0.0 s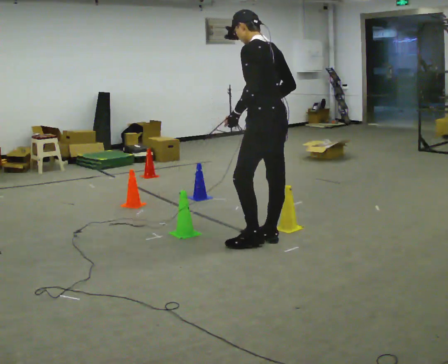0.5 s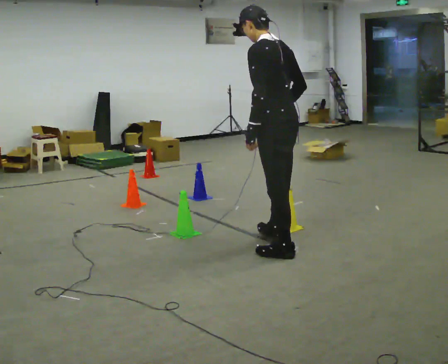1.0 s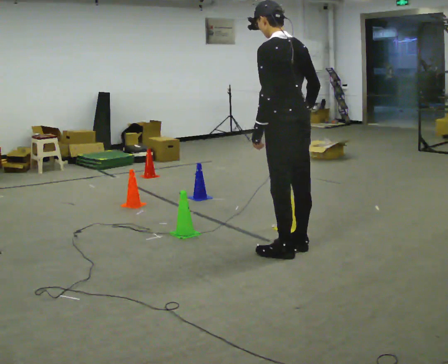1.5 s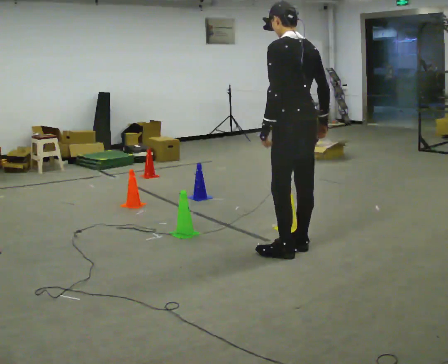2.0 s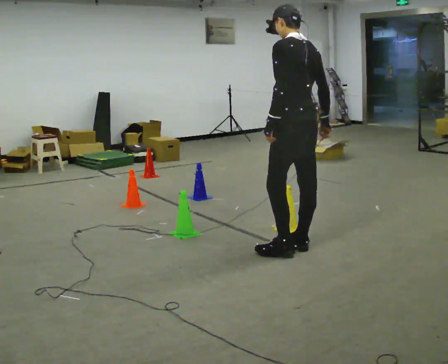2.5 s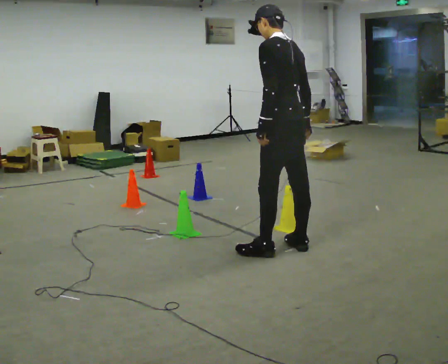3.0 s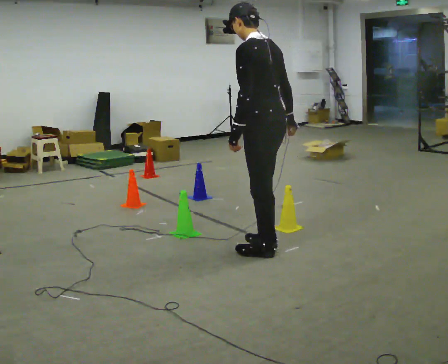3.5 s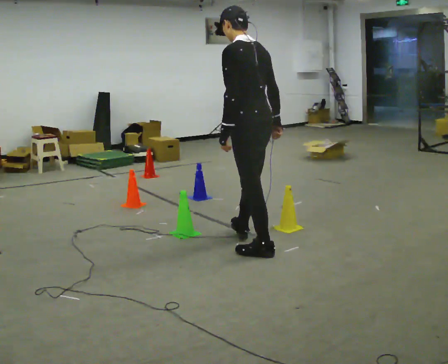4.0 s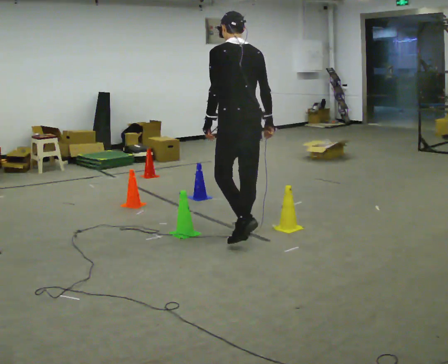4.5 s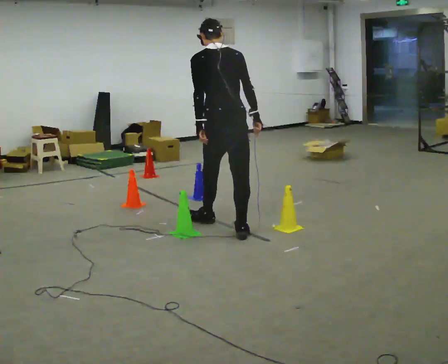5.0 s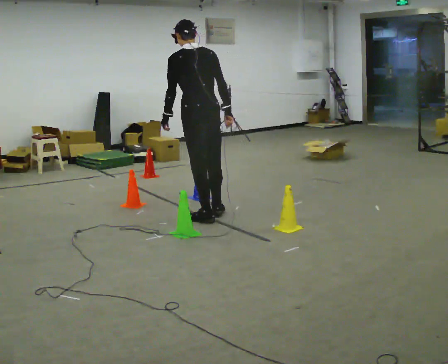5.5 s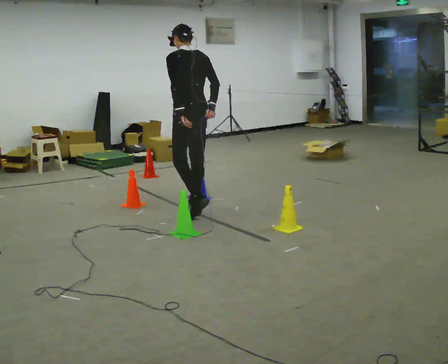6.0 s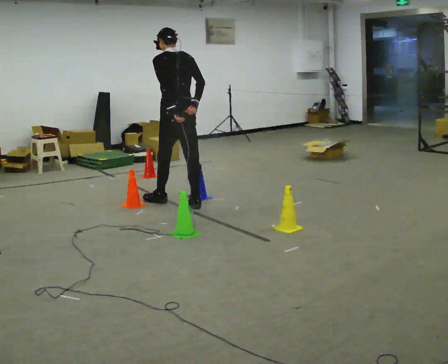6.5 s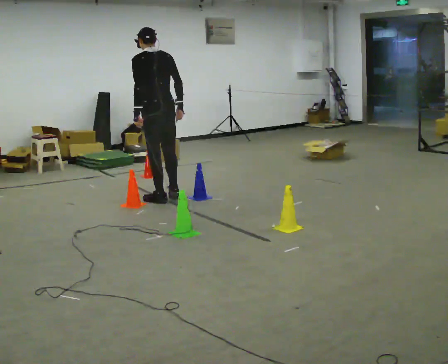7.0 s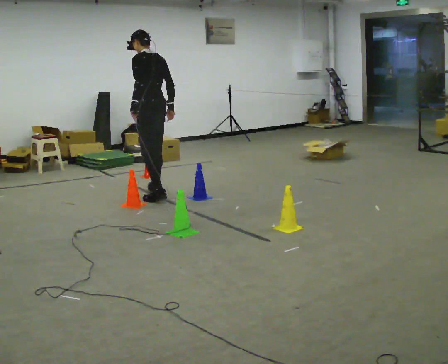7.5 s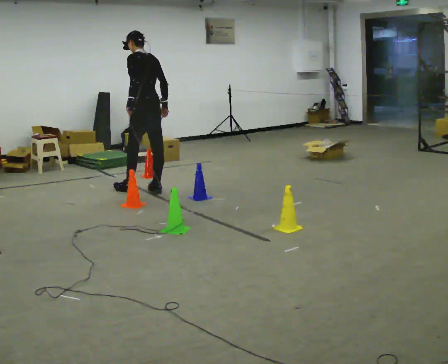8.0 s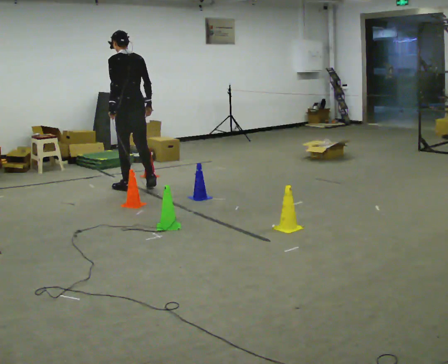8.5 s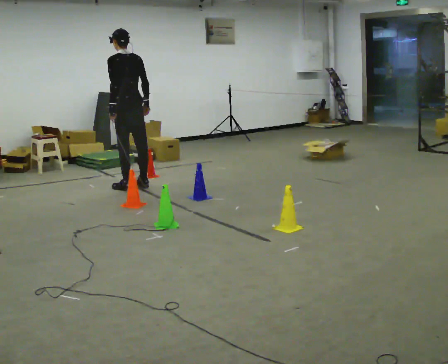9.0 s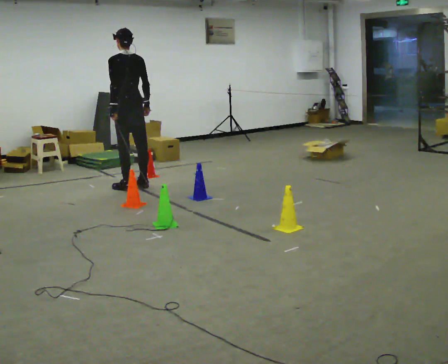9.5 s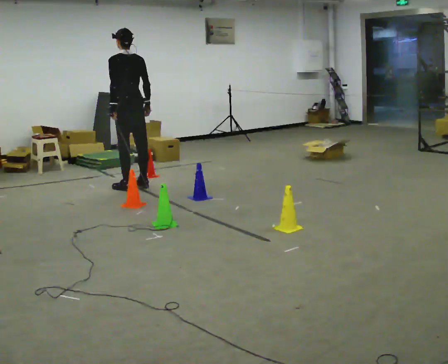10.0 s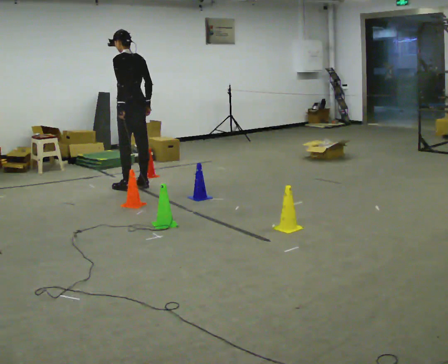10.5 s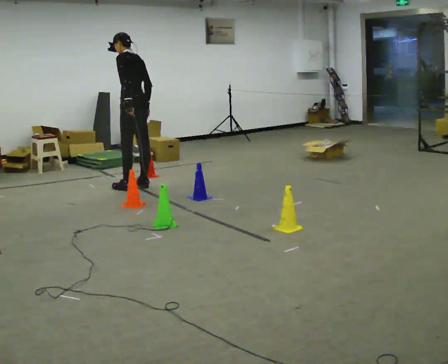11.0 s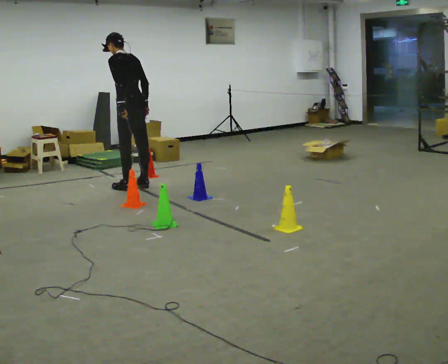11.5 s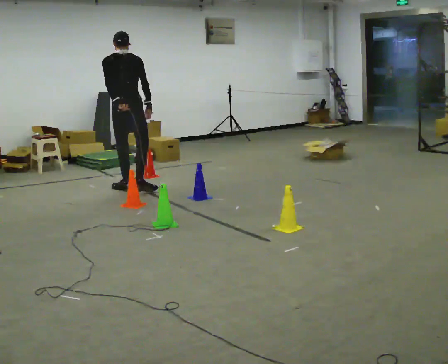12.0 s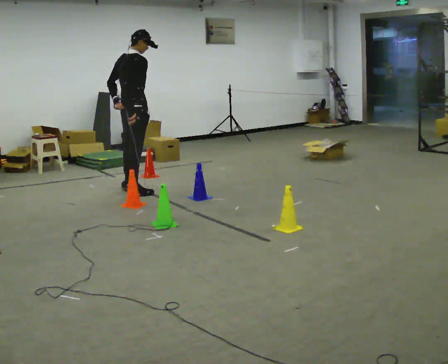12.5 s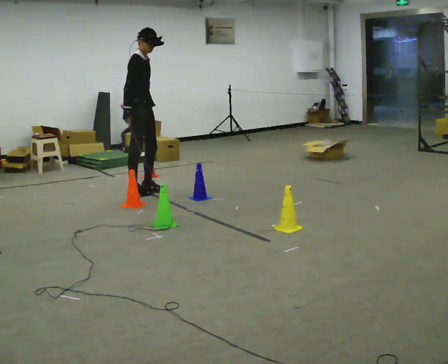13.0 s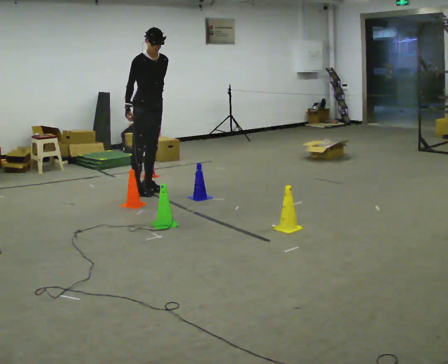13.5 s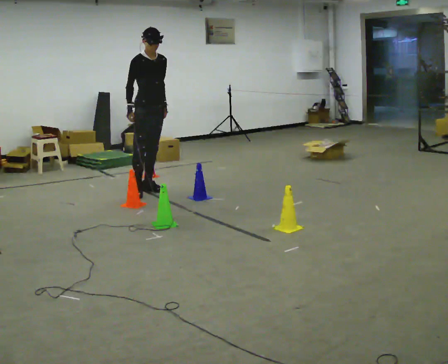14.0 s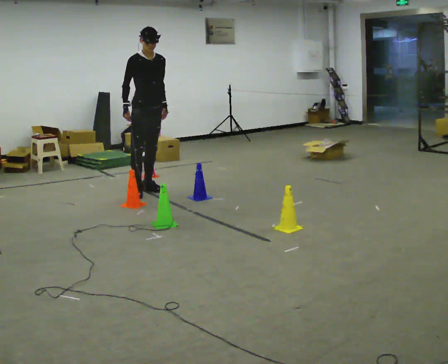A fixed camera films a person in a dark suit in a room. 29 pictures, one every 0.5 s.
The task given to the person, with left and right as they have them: Walk through passage without touching sides; continue normally after exit.
0.0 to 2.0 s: In the picture they go toward the camera, about 0.25 m in 2 steps, which for them is backward. In the picture their right hand goes to the right.
2.0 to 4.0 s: In the picture they go away from the camera and to the left, about 0.5 m in 1 step, which for them is forward.
4.0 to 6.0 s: In the picture they go away from the camera, about 1 m in 3 steps, which for them is forward.
6.0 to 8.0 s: In the picture they go away from the camera and to the left, about 1 m in 2 steps, which for them is forward.
8.0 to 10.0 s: The person moves a little, or ends about where they began.
10.0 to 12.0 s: Seen from above the body turns clockwise, about 90 degrees: to their right, with its near side sliding to the left. In the picture they go toward the camera, about 0.25 m in 1 step.
12.0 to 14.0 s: The part of the body nearest the lens slides to the left as the person turns to their right by about 90 degrees. In the picture they go to the right, about 0.25 m in 1 step. In the picture their left hand goes to the right.
The film runs forward here.
